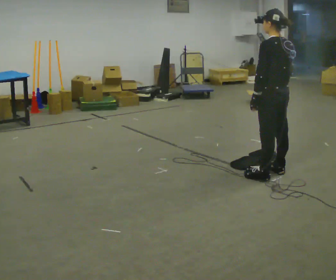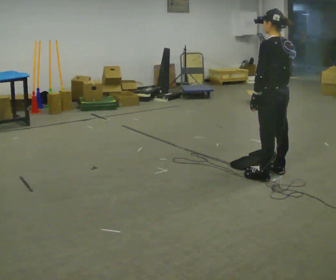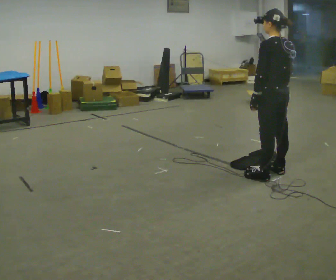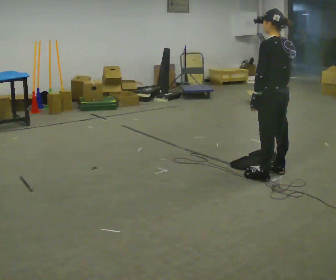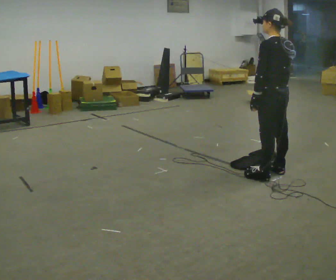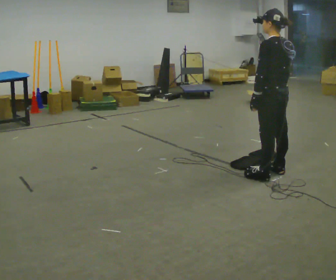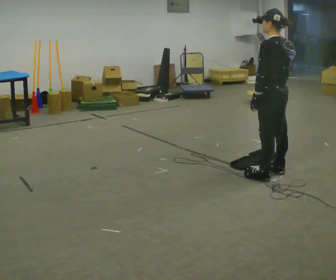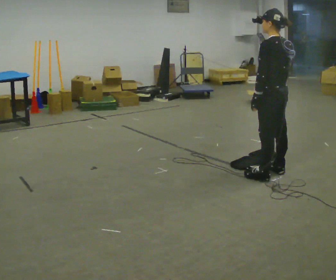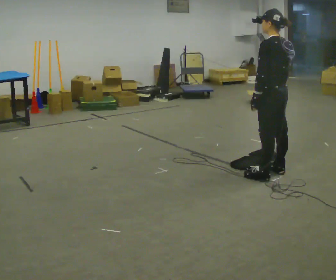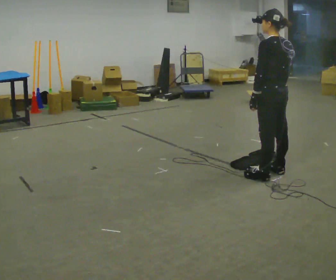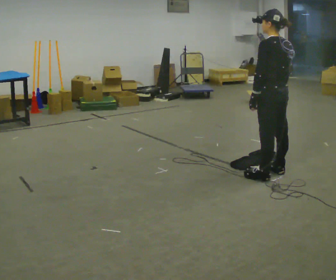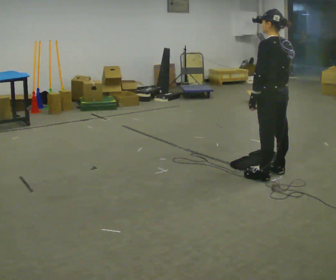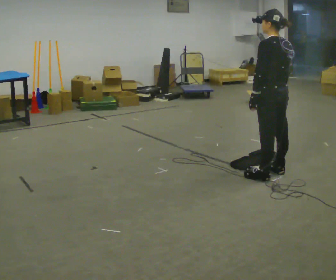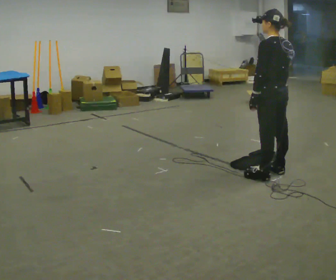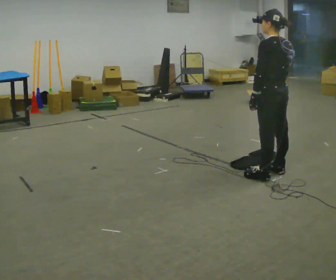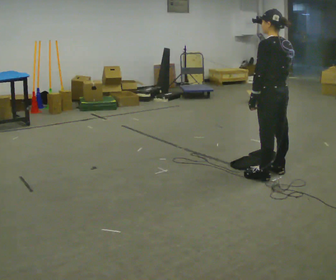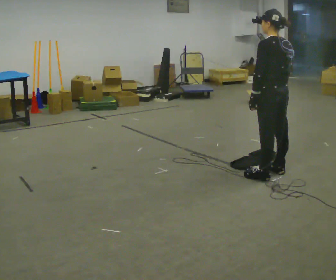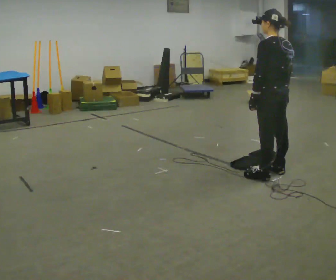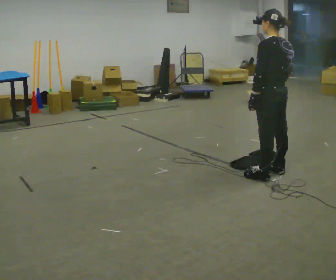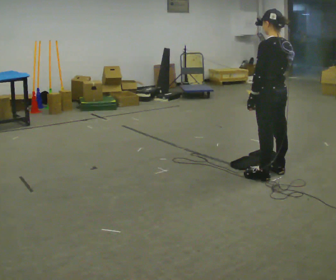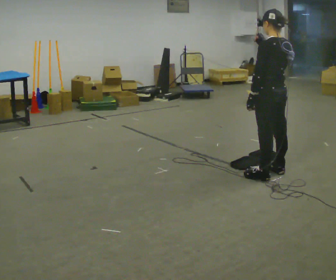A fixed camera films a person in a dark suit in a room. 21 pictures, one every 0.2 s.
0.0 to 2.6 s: The person moves a little, or ends about where they began.
2.6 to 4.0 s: In the picture their right hand goes upward.
The film runs backward here.
